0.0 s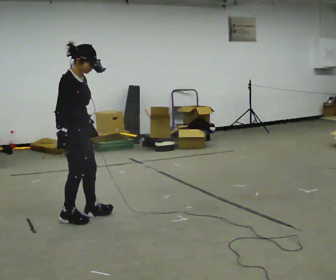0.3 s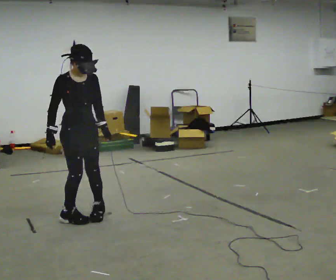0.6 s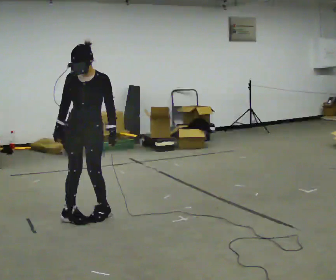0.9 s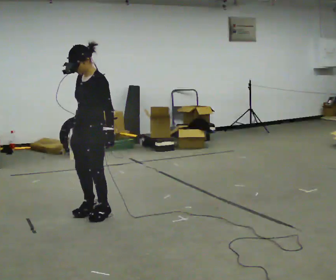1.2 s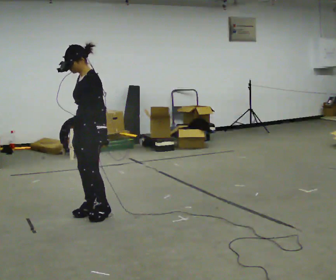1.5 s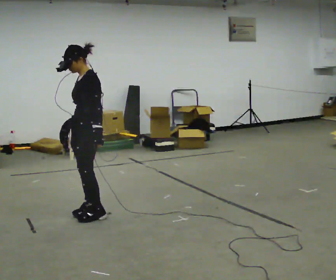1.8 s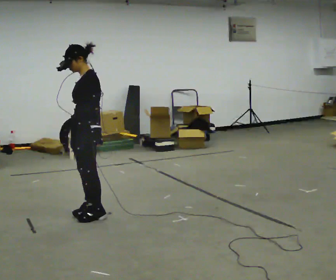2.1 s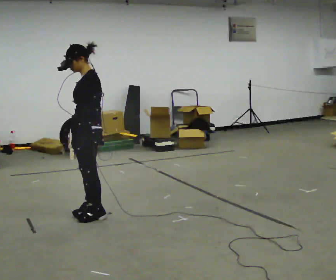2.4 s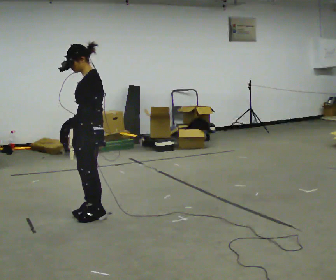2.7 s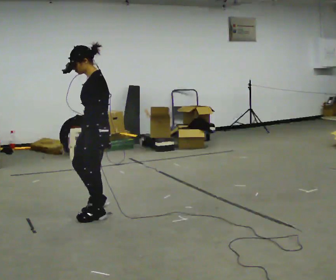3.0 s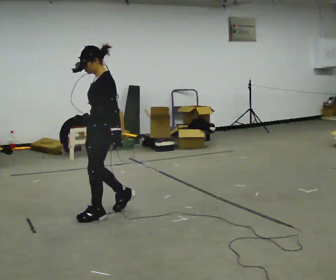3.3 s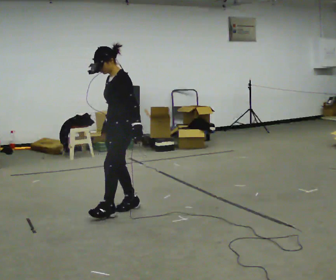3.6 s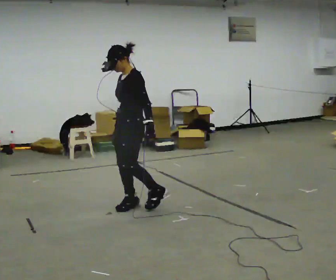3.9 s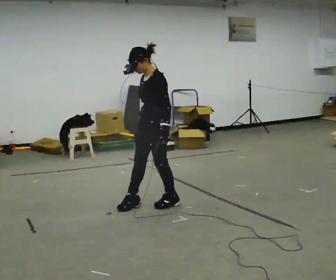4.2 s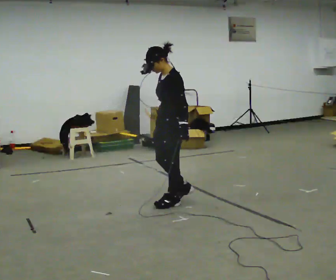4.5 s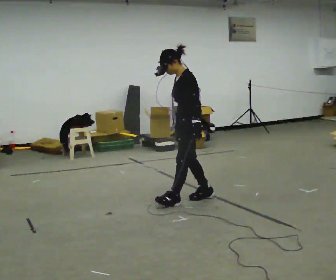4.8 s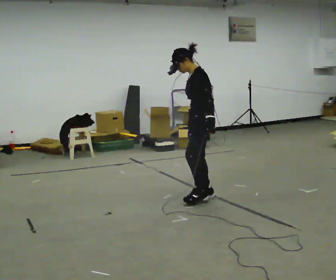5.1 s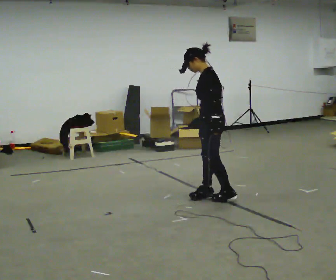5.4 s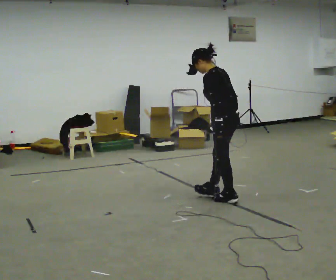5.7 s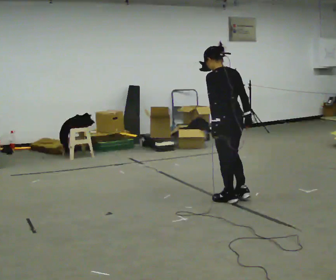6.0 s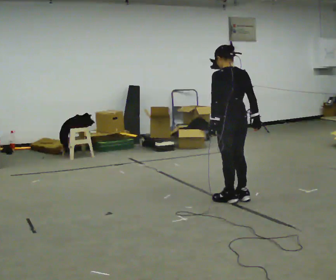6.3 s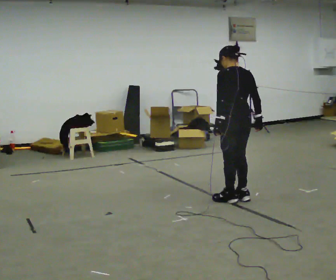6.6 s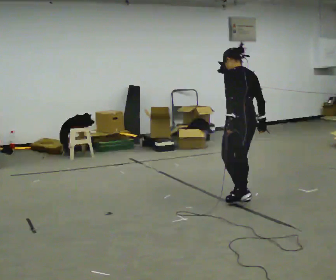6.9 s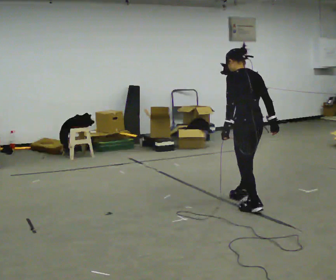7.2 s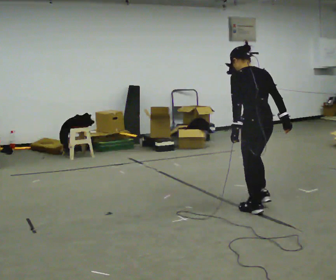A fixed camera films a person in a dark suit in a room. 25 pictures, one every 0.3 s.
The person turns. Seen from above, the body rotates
clockwise.
The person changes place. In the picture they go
to the right.
0.0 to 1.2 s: The part of the body nearest the lens slides to the left as the person turns to their right by about 135 degrees.
1.2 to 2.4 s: The person moves a little, or ends about where they began.
2.4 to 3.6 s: In the picture they go to the right and away from the camera, about 0.5 m in 1 step, which for them is backward.
3.6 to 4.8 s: In the picture they go to the right, about 0.5 m in 2 steps, which for them is backward.
4.8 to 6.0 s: The part of the body nearest the lens slides to the left as the person turns to their right by about 75 degrees. In the picture they go to the right, about 0.25 m in 2 steps.
6.0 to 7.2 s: In the picture they go toward the camera and to the right, about 0.5 m in 1 step, which for them is backward.
The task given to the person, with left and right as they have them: Walk backward several steps, then turn while still moving backward, then continue backward. Operator confirms the space behind you is clear.
The film runs forward here.
